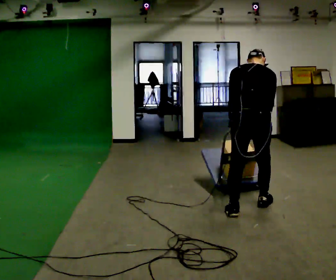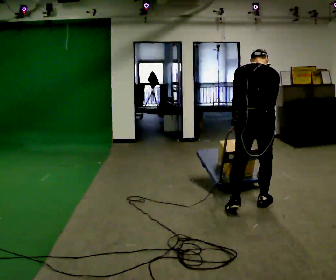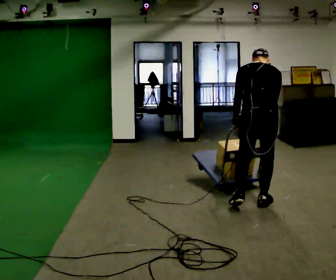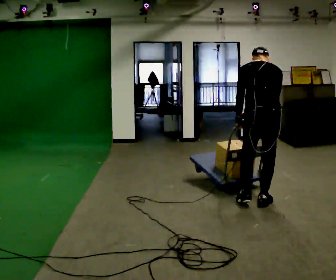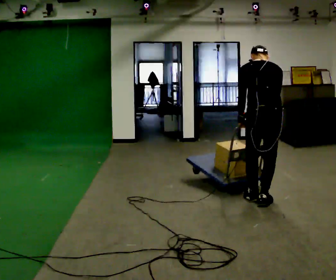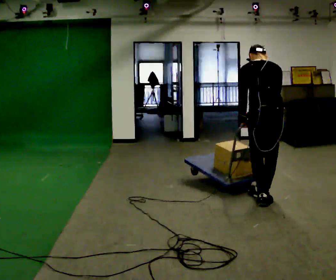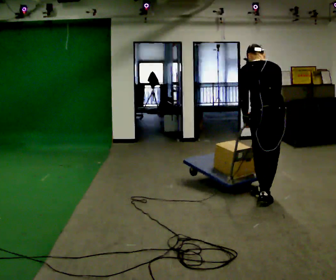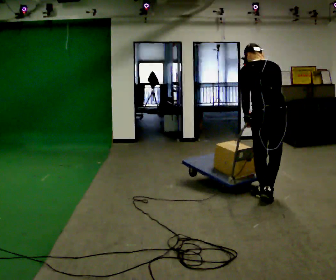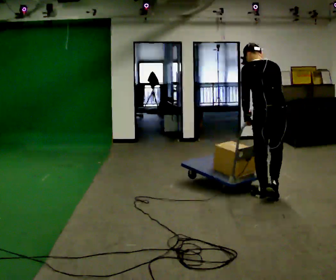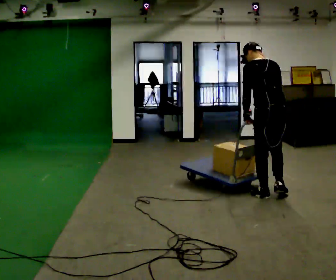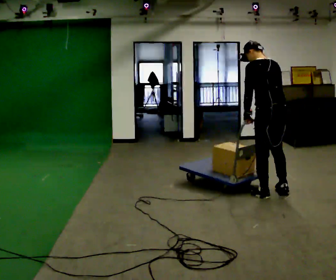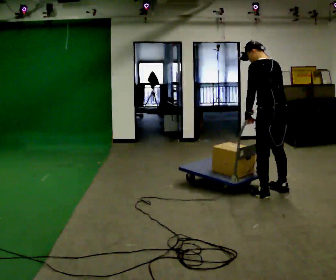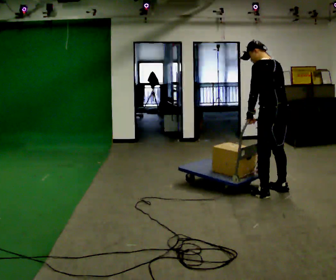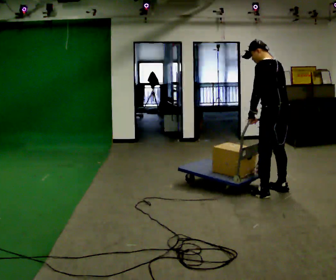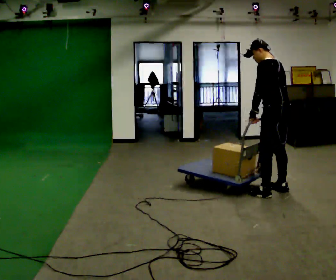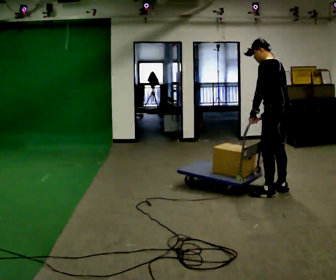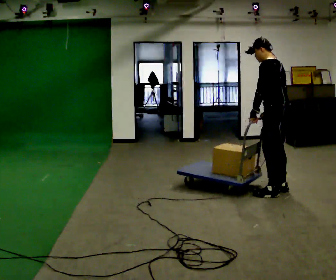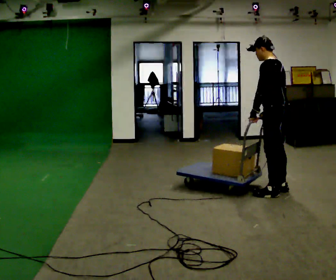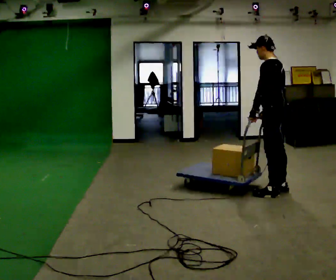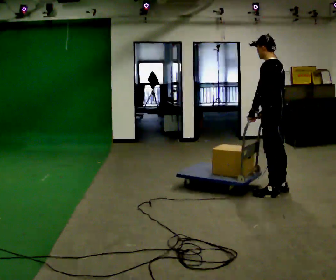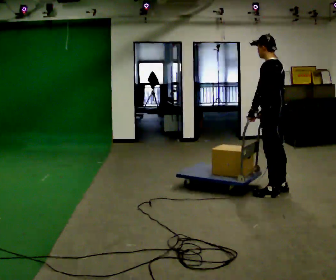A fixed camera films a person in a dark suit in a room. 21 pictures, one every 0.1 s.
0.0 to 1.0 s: Seen from above the body turns counterclockwise, about 45 degrees: to their left, with its near side sliding to the right. In the picture they go away from the camera and to the right, about 0.5 m in 1 step, which for them is forward and to their right. The upper body tips toward the camera, its near side rolling downward.
1.0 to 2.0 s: Seen from above the body turns counterclockwise, about 30 degrees: to their left, with its near side sliding to the right.
The film runs forward here.
